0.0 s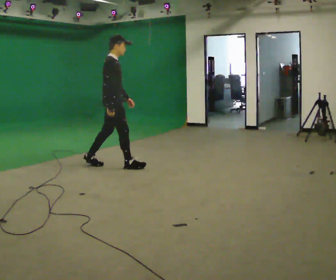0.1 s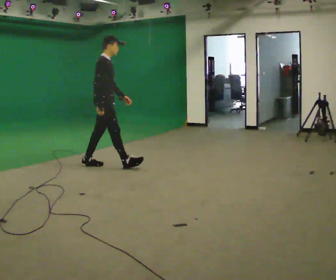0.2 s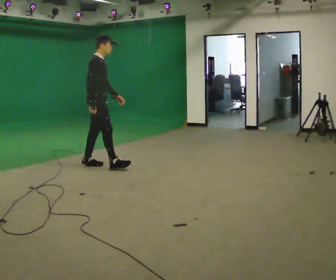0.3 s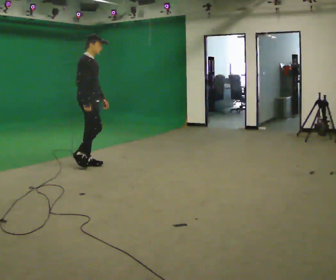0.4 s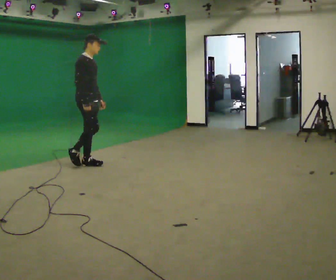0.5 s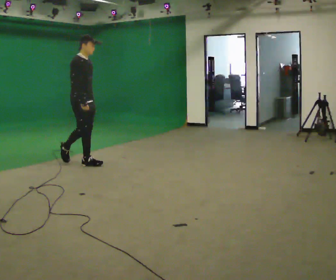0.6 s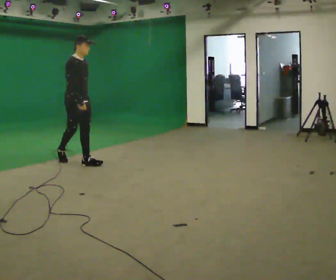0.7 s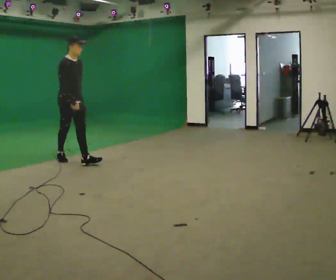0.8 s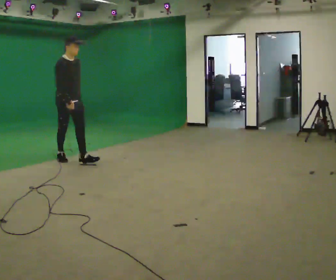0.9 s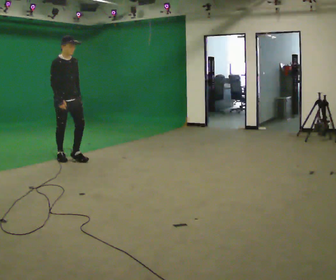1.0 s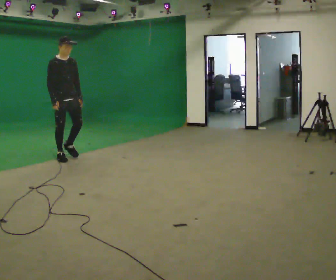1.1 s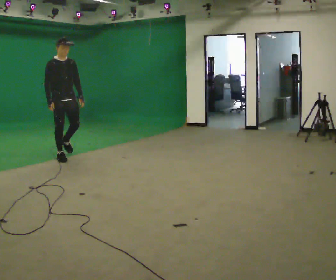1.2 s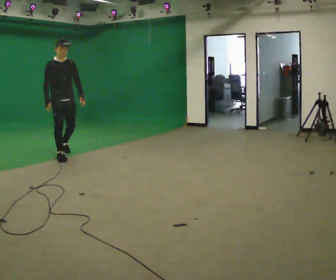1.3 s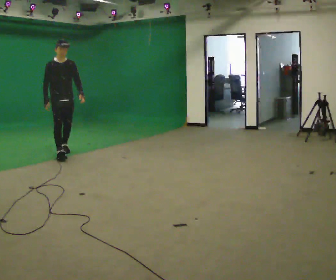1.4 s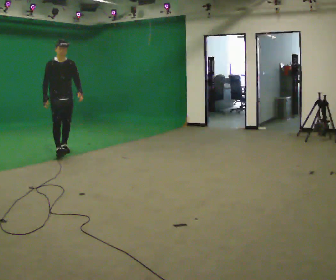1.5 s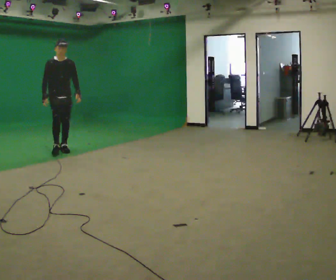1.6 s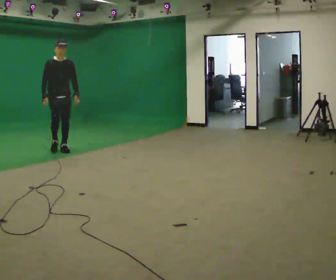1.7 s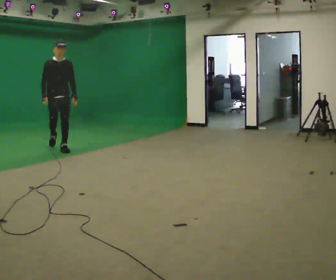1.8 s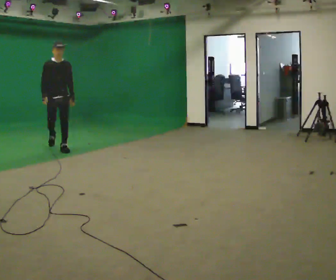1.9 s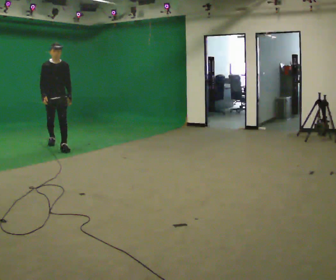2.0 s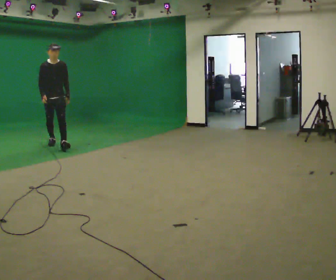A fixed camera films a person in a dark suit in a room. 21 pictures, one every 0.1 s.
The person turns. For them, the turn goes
to their right.
The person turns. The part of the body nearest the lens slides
to the left.
0.0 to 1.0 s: The part of the body nearest the lens slides to the left as the person turns to their right by about 60 degrees. In the picture they go to the left and away from the camera, about 1 m in 2 steps, which for them is backward.
1.0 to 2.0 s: In the picture they go away from the camera, about 1 m in 2 steps, which for them is backward.
The film runs backward here.
